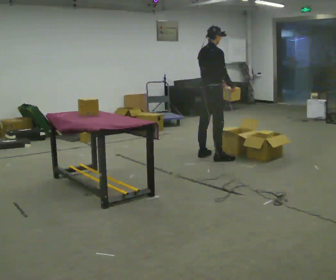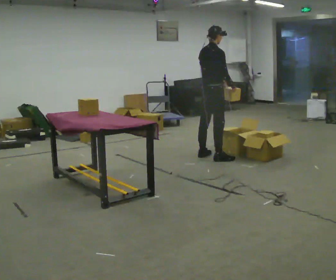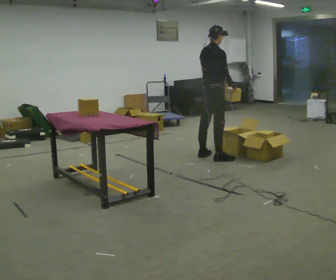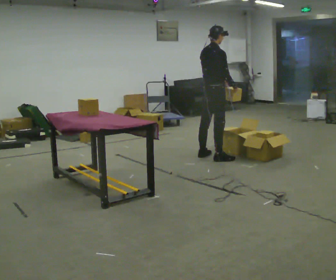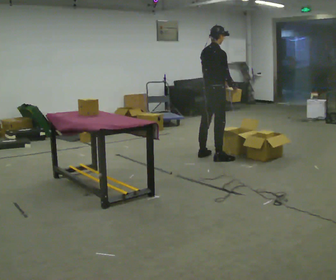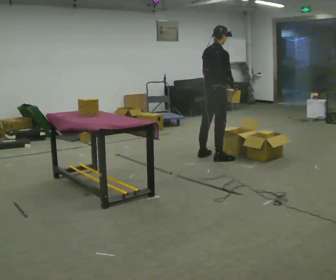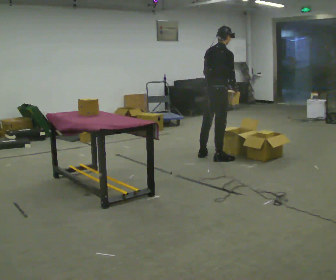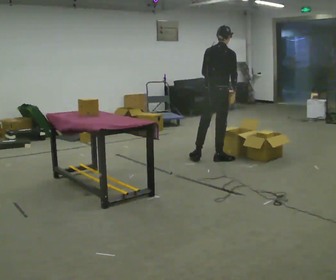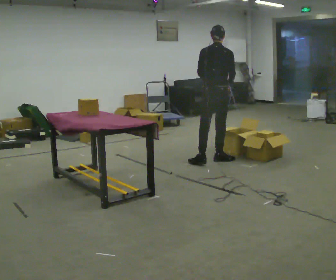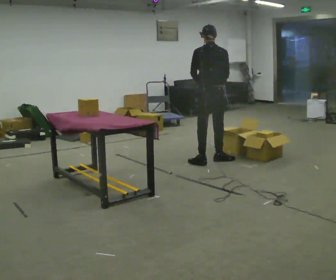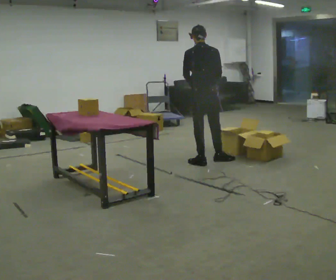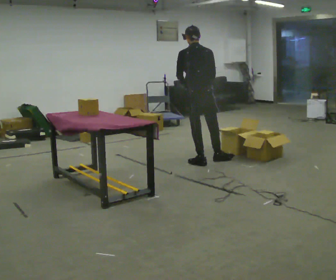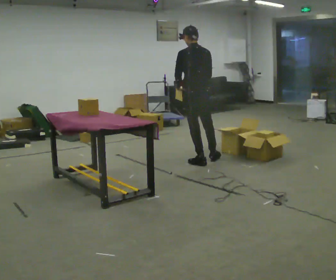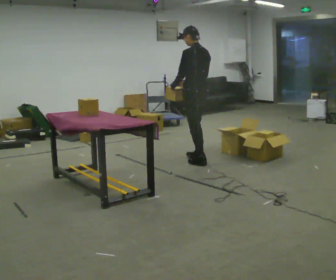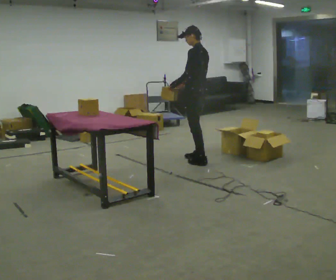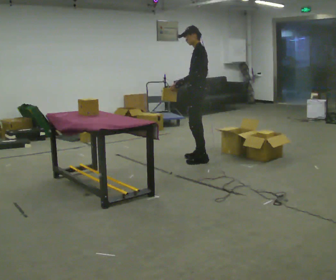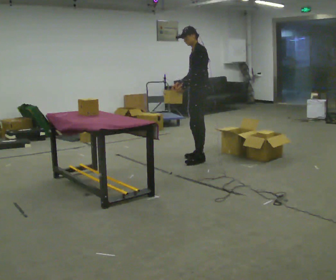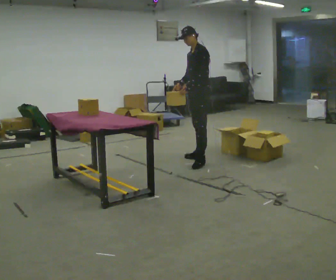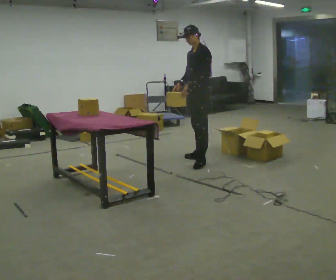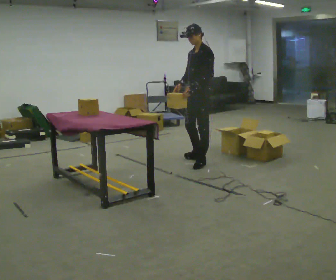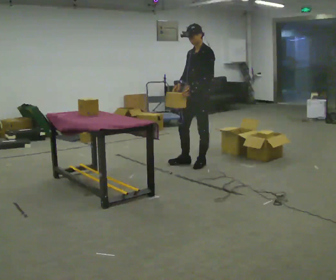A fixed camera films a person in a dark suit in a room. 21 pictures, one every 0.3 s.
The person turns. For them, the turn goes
to their left.
The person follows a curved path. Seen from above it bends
counterclockwise.
0.0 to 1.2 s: The person moves a little, or ends about where they began.
1.2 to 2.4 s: Seen from above the body turns counterclockwise, about 30 degrees: to their left, with its near side sliding to the right. In the picture they go toward the camera, about 0.25 m in 1 step, which for them is to their right.
2.4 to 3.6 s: The person turns about 30 degrees to their left, counterclockwise seen from above, so the part of the body nearest the lens slides to the right. In the picture they go to the left, about 0.25 m, which for them is to their left. In the picture their right hand goes to the left.
3.6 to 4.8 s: The person turns about 75 degrees to their left, counterclockwise seen from above, so the part of the body nearest the lens slides to the right. In the picture they go away from the camera, about 0.25 m in 2 steps.
4.8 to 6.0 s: The part of the body nearest the lens slides to the right as the person turns to their left by about 30 degrees. In the picture they go toward the camera, about 0.25 m, which for them is to their left and forward.
The film runs forward here.
